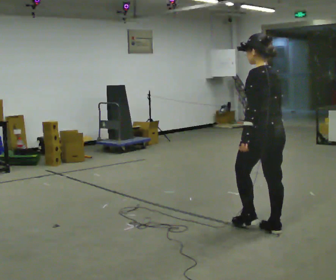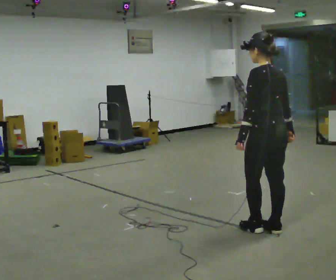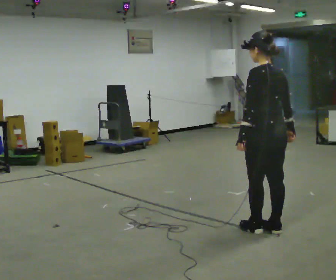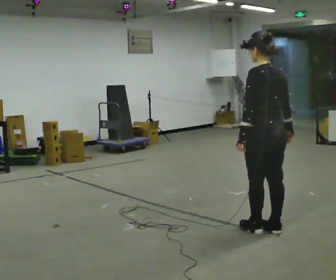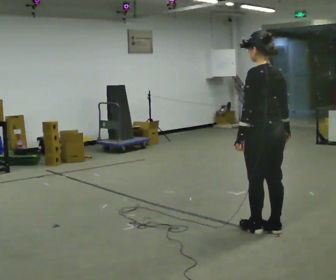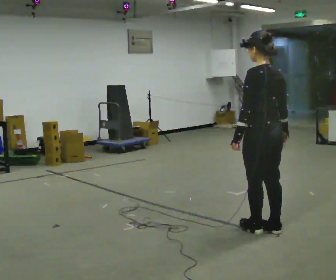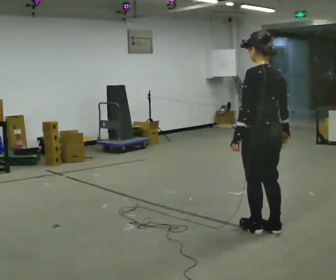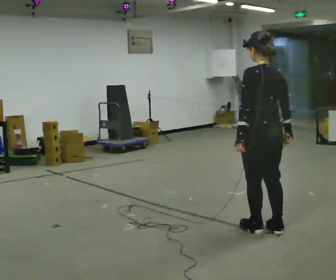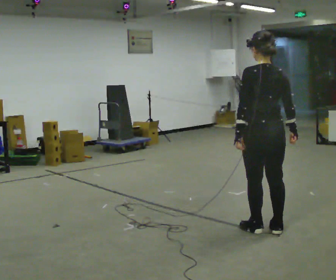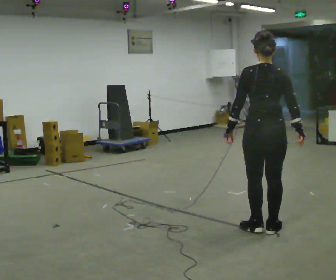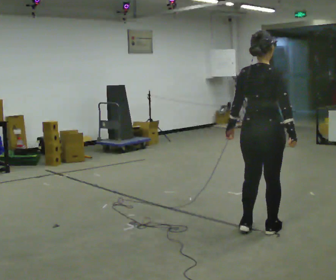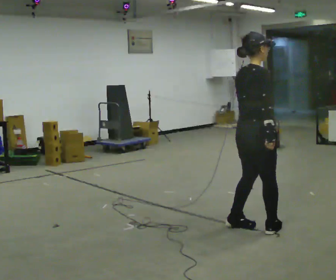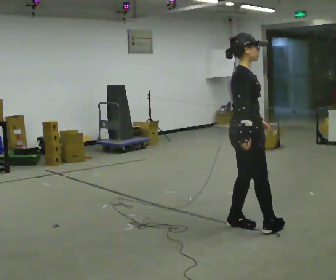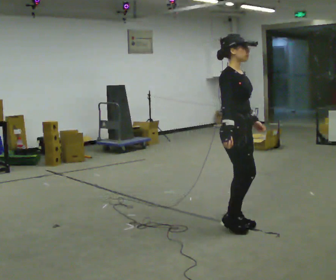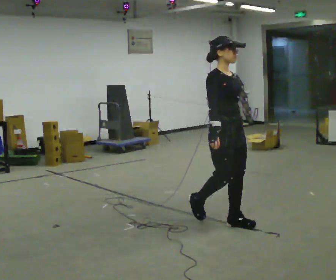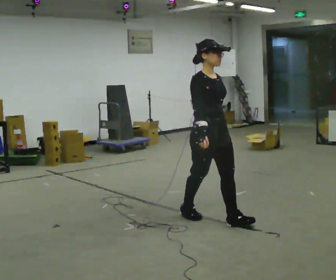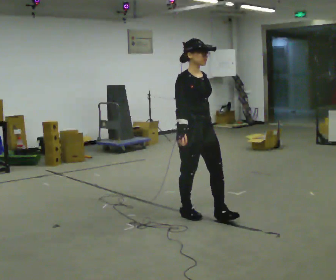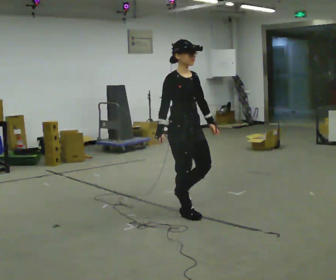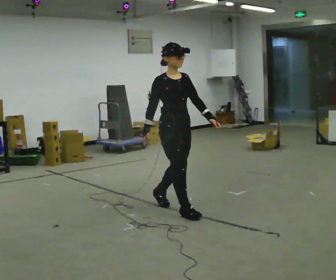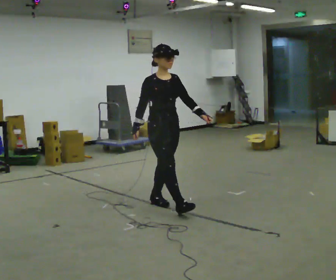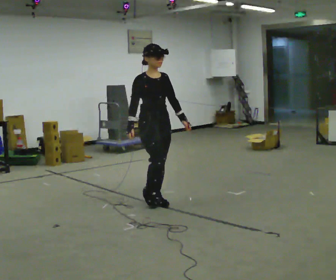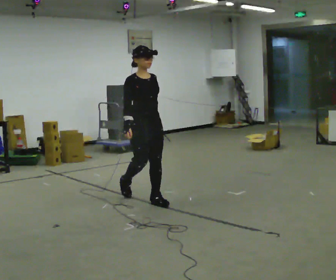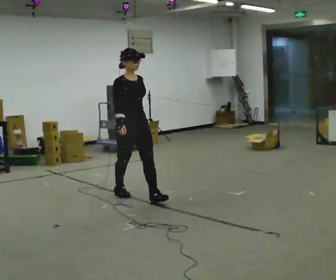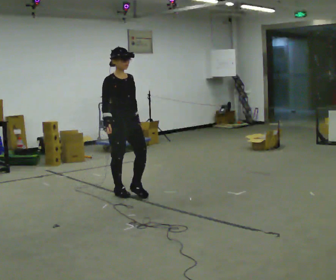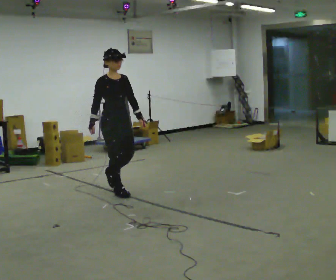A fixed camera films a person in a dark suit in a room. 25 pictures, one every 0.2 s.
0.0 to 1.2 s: The person moves a little, or ends about where they began.
1.2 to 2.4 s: The person turns about 120 degrees to their right, clockwise seen from above, so the part of the body nearest the lens slides to the left. In the picture they go away from the camera, about 0.25 m in 2 steps.
2.4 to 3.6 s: The person turns about 45 degrees to their right, clockwise seen from above, so the part of the body nearest the lens slides to the left. In the picture they go to the left and away from the camera, about 1 m in 1 step, which for them is backward.
3.6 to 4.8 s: In the picture they go to the left and away from the camera, about 1 m in 2 steps, which for them is backward.
The film runs backward here.
